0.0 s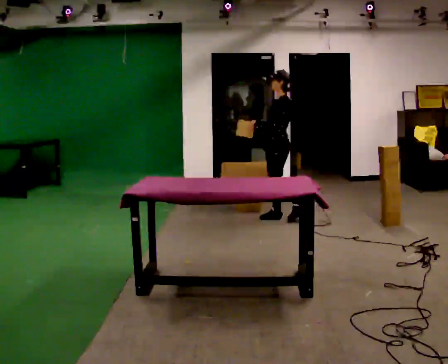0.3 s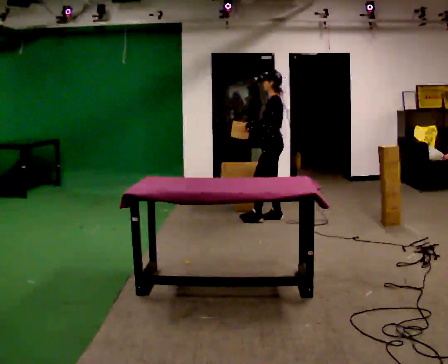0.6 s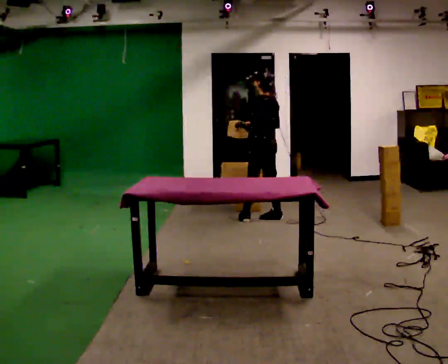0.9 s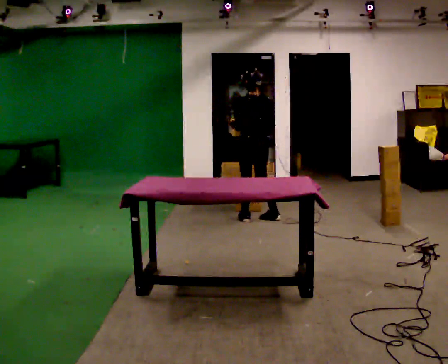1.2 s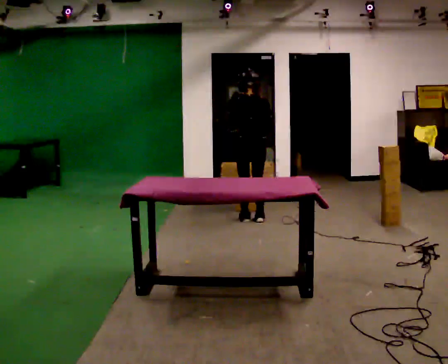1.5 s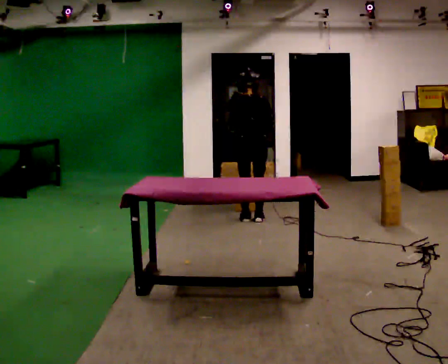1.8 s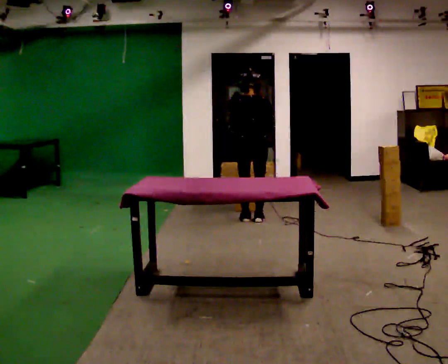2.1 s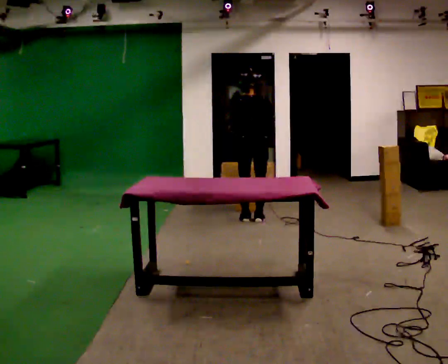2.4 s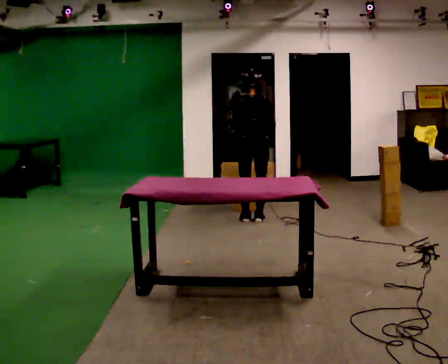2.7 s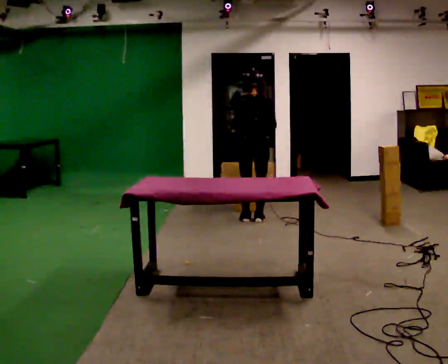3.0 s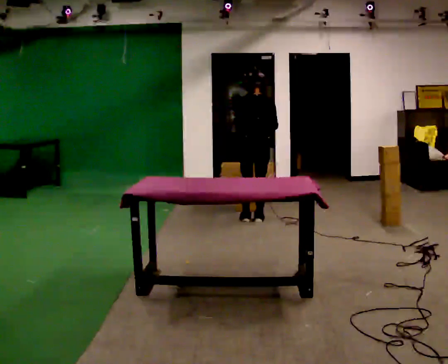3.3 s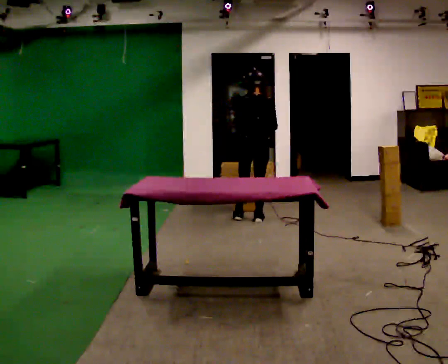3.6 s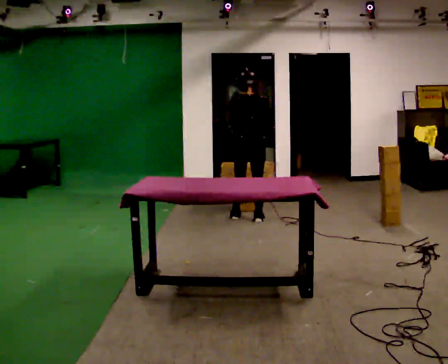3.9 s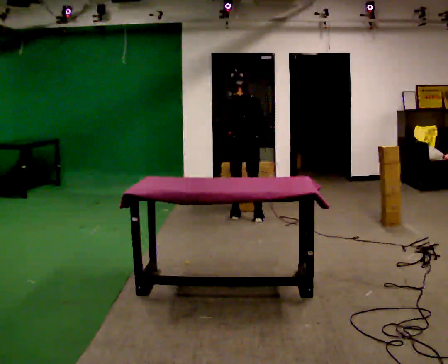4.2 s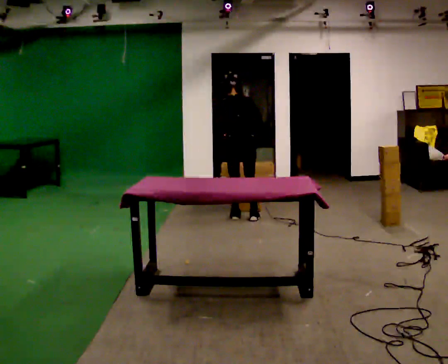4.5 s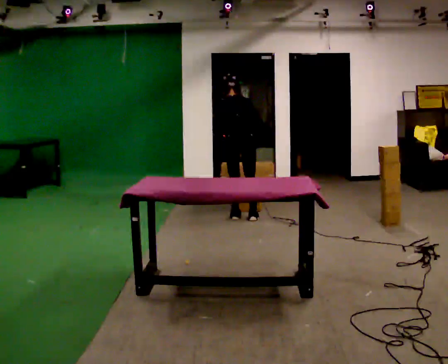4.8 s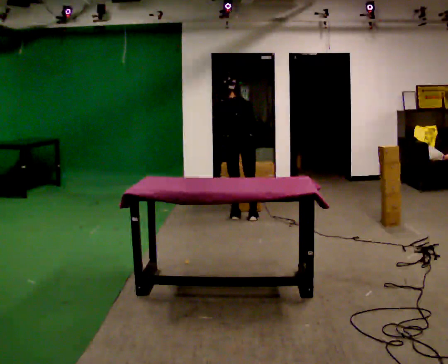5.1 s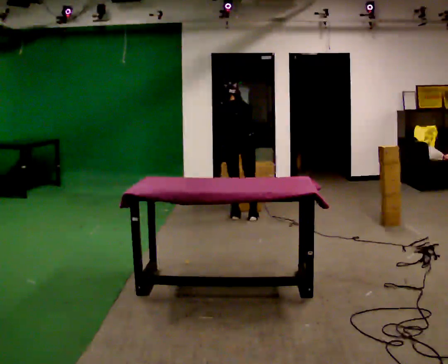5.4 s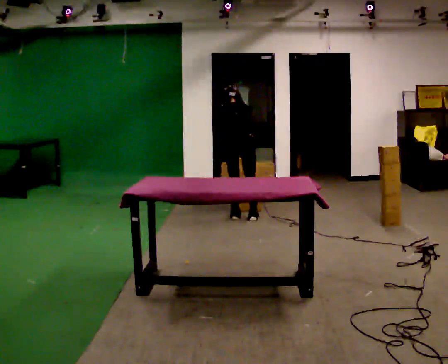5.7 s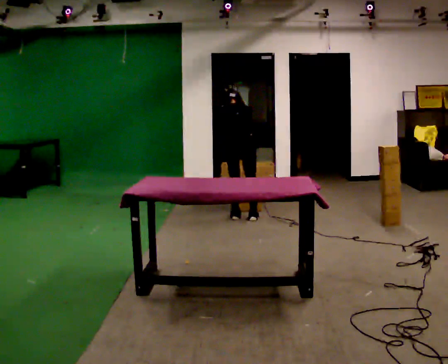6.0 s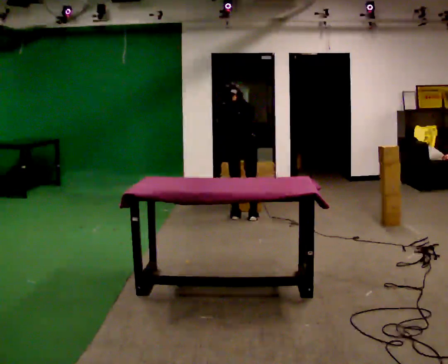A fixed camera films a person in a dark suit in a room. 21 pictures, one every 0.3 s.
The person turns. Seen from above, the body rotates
clockwise.
The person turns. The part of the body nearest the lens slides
to the left.
0.0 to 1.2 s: The part of the body nearest the lens slides to the left as the person turns to their right by about 105 degrees. In the picture they go to the left, about 0.25 m in 2 steps.
1.2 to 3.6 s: The person moves a little, or ends about where they began.
3.6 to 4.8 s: The upper body tips away from the camera, its near side rolling upward, as they bend forward.
4.8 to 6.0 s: The person moves a little, or ends about where they began.
The film runs forward here.
